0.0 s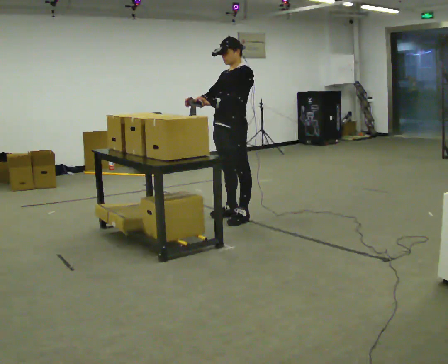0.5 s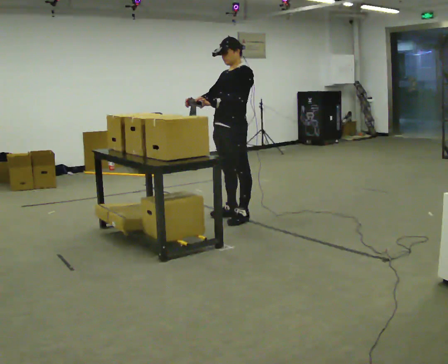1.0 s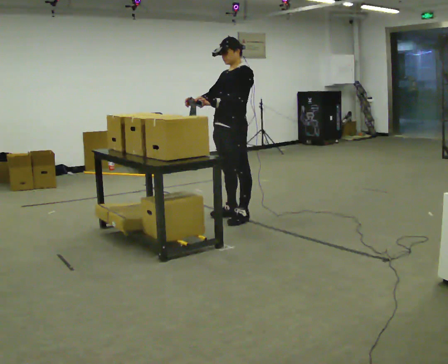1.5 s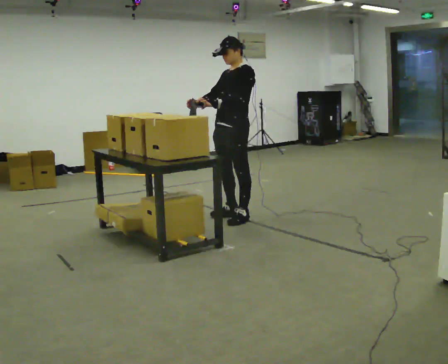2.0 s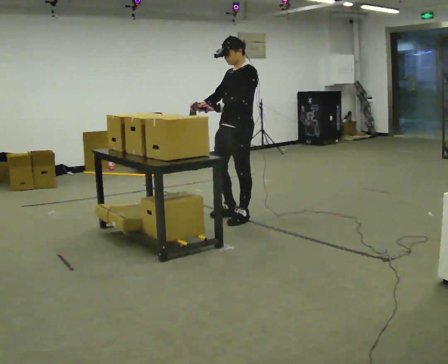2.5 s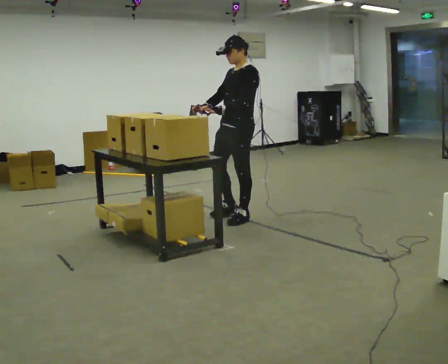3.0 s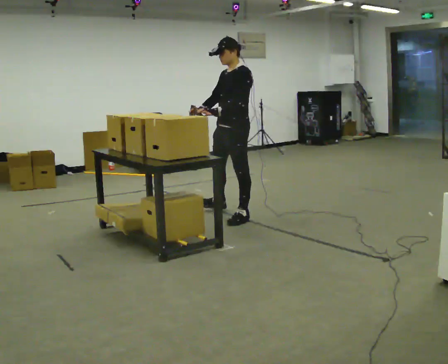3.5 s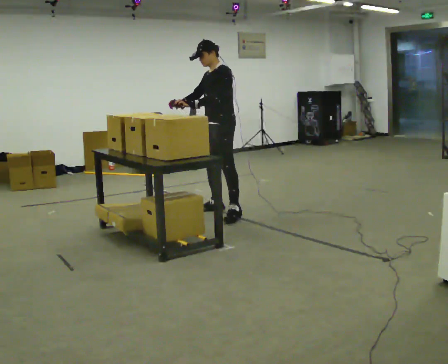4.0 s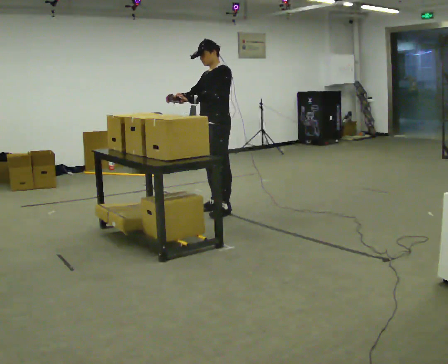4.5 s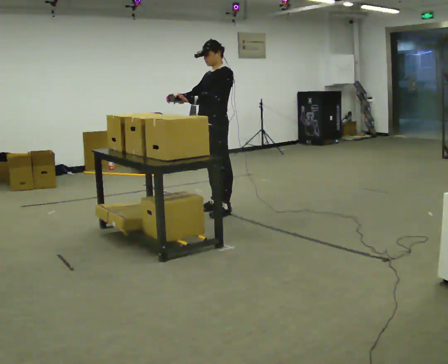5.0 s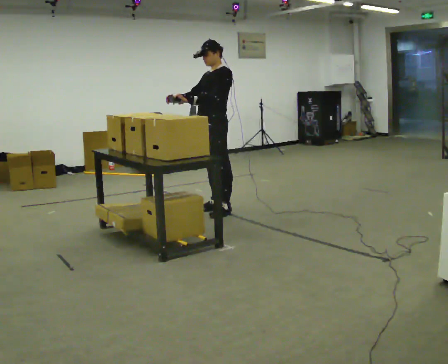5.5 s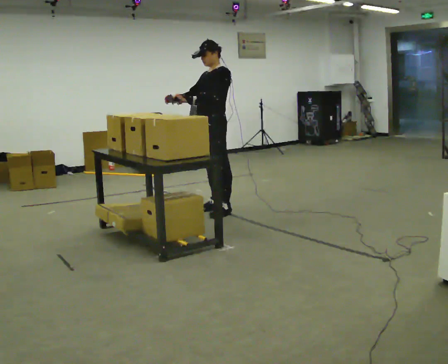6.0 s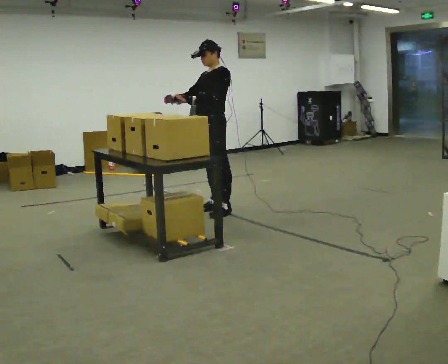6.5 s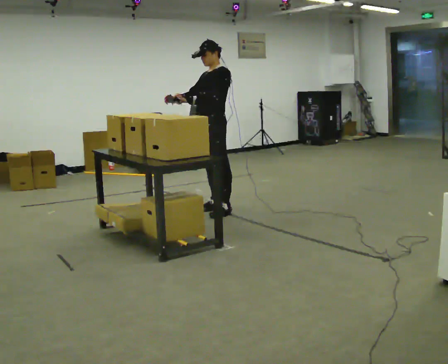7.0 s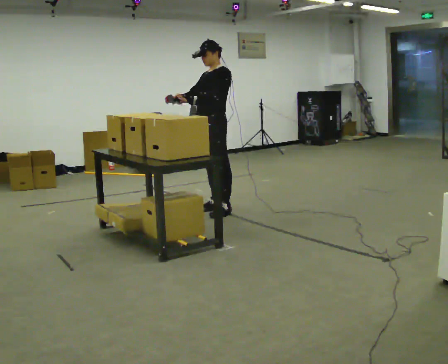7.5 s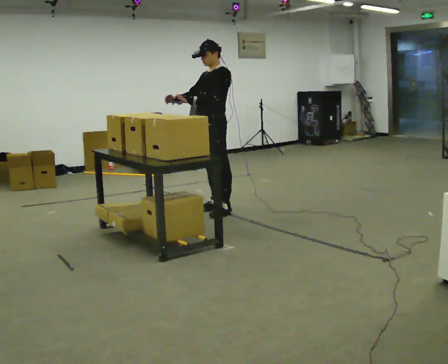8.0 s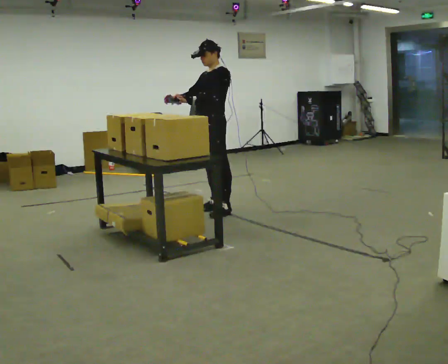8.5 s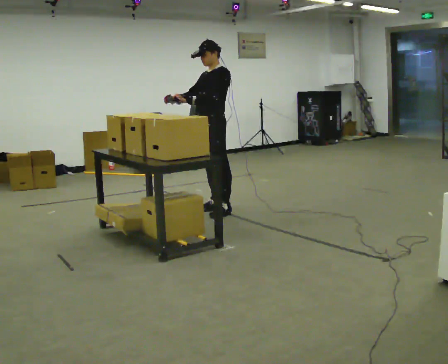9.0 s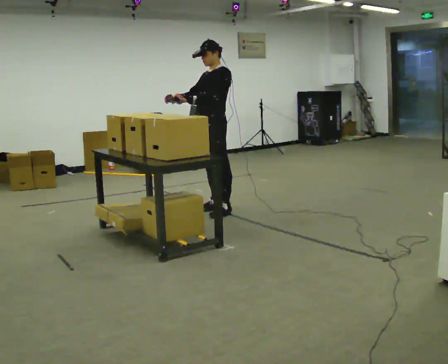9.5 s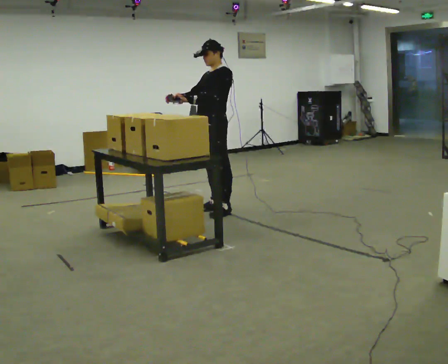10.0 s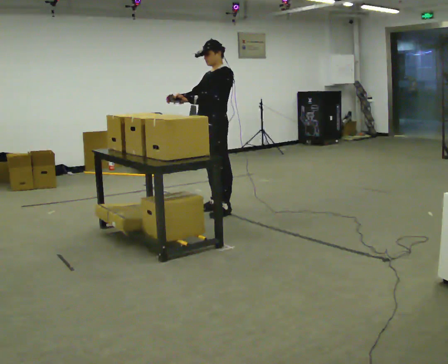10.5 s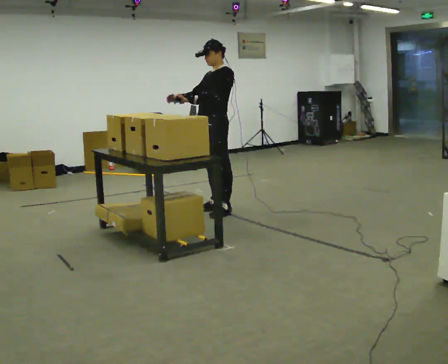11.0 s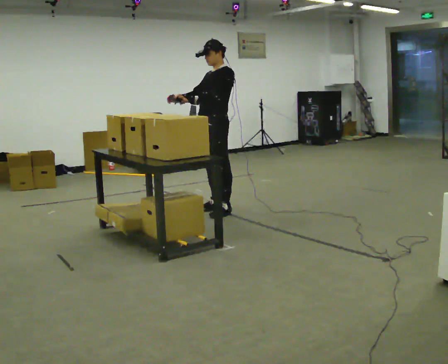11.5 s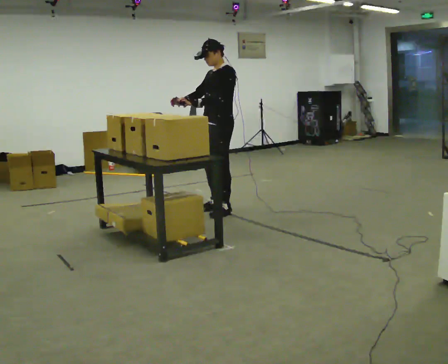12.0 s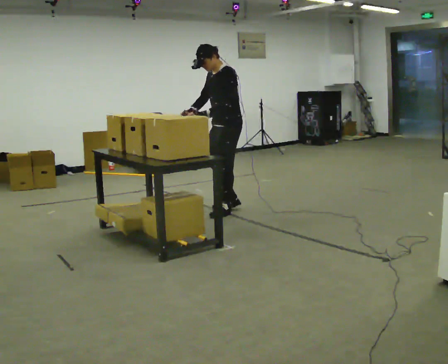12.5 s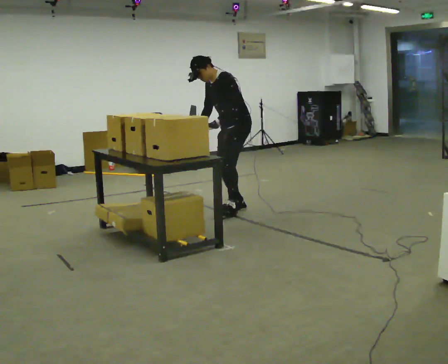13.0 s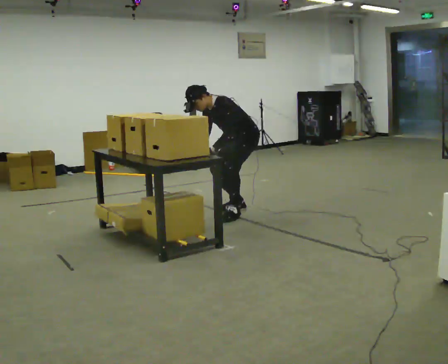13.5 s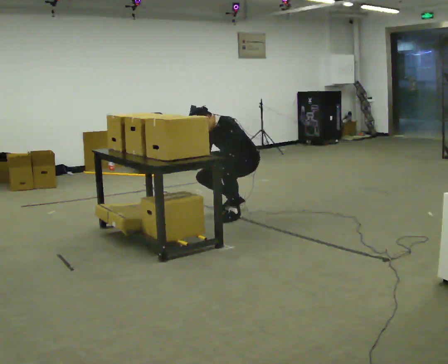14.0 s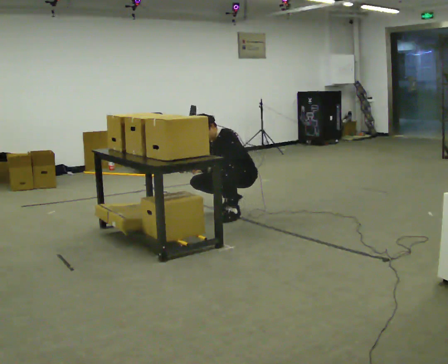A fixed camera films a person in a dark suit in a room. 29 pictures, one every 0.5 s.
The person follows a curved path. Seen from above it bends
clockwise.
The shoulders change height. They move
downward.
0.0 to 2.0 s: The person moves a little, or ends about where they began.
2.0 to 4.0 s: In the picture they go away from the camera and to the left, about 0.5 m in 2 steps, which for them is to their right.
4.0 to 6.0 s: The person moves a little, or ends about where they began.
6.0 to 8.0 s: The person keeps their place and pose.
8.0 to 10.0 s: The person moves a little, or ends about where they began.
10.0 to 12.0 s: In the picture the upper body tilts counterclockwise, shoulders to the left, as they bend forward.
12.0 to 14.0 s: In the picture they go to the right, about 0.25 m in 2 steps, which for them is backward. The shoulders move downward. In the picture their right hand goes downward.
The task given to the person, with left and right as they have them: Point the scanner at each label on the shelf in front of you and press the button. Repeat at your own pace until the operator says stop. Keep both feet on the marked spots for the whole take. If you have to step, stop and tell the operator.
The film runs forward here.
